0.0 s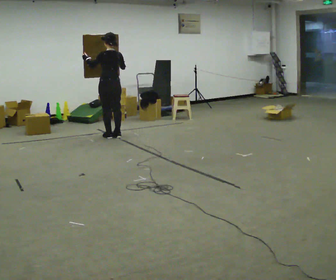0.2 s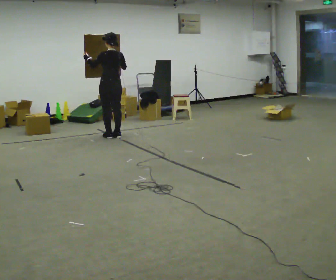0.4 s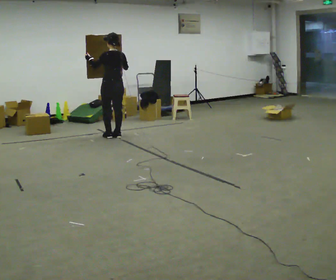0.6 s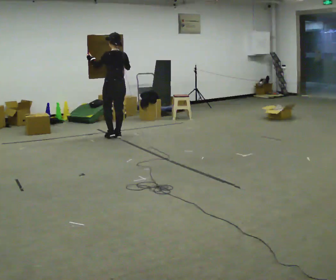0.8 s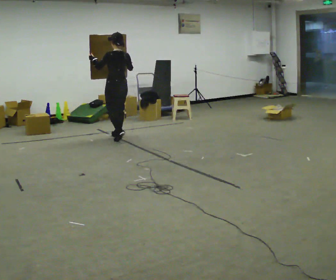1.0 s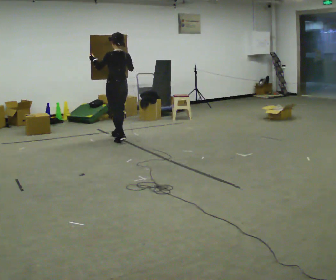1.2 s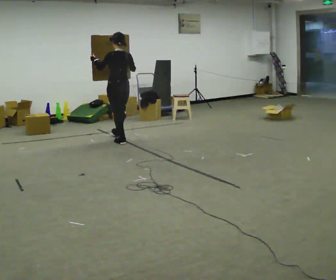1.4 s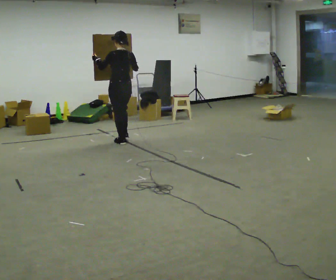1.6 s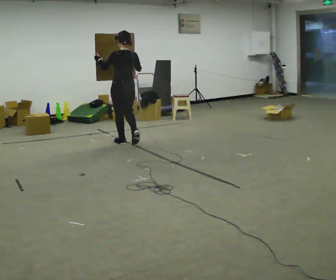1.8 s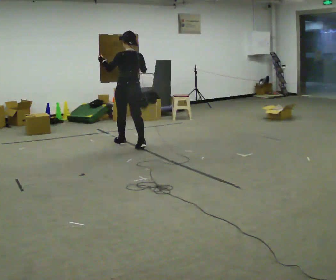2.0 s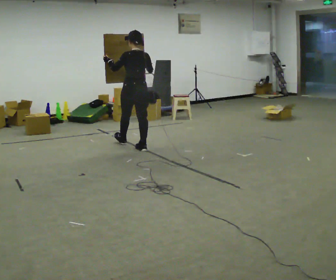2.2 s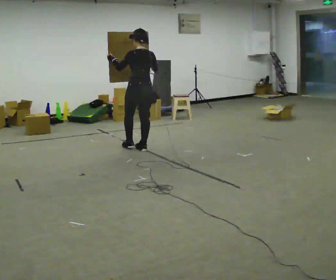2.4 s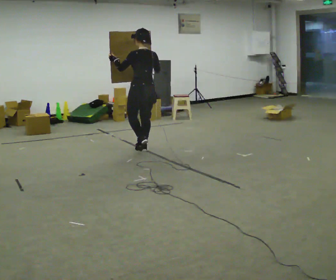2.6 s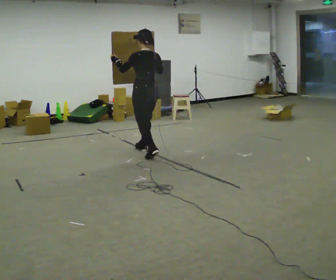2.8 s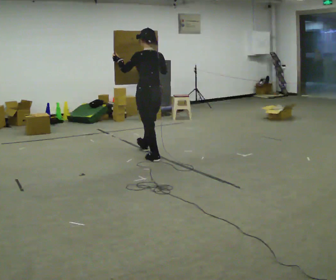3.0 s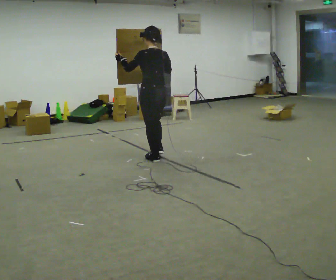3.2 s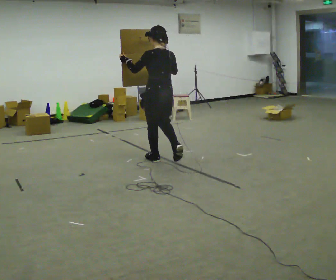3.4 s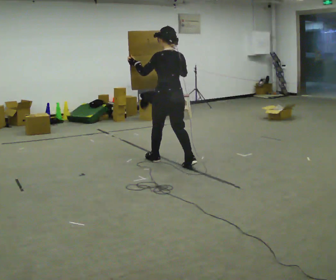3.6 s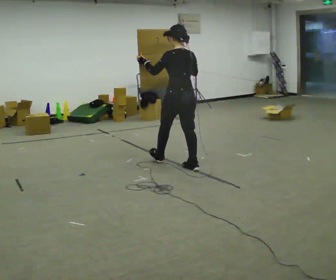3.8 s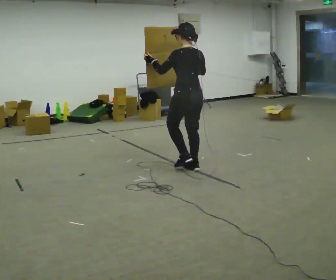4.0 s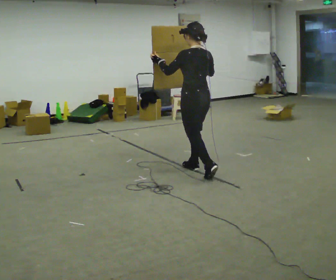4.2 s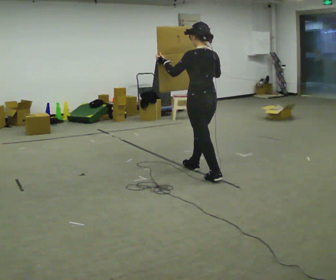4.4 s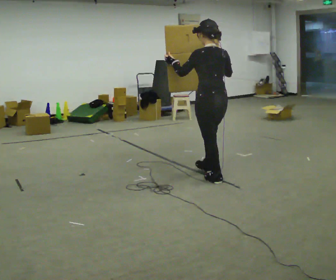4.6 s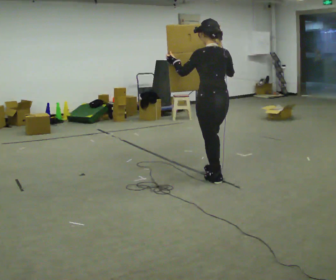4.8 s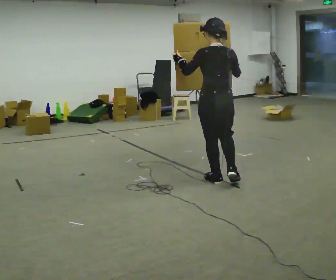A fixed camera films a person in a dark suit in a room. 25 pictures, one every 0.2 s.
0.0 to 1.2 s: In the picture they go toward the camera, about 0.25 m in 1 step, which for them is backward.
1.2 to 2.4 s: In the picture they go toward the camera and to the right, about 0.5 m in 2 steps, which for them is backward.
2.4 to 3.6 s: In the picture they go toward the camera and to the right, about 1 m in 1 step, which for them is backward.
3.6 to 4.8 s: In the picture they go toward the camera and to the right, about 0.5 m in 2 steps, which for them is backward.
The film runs backward here.
